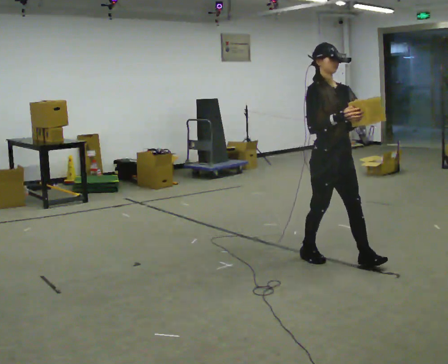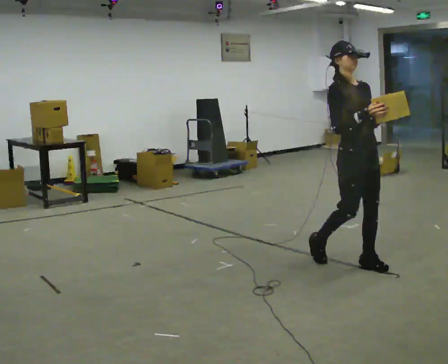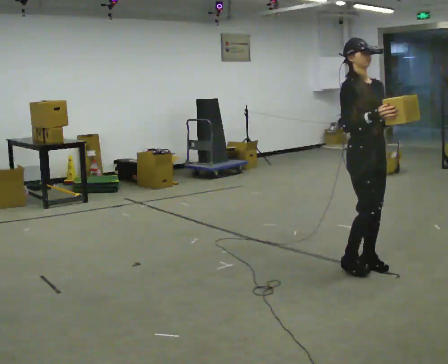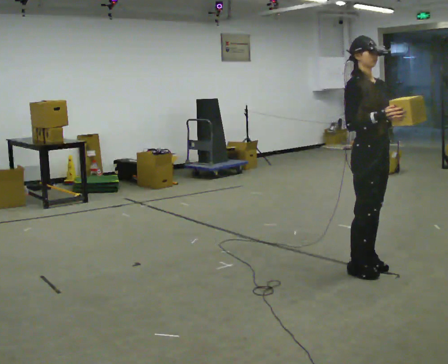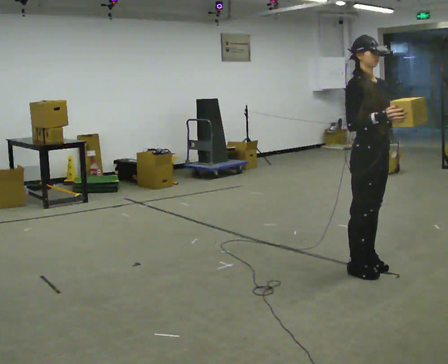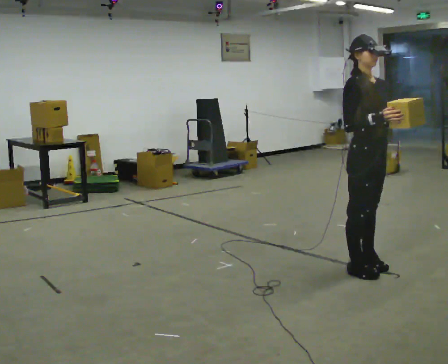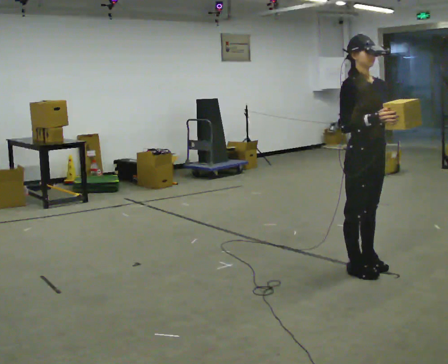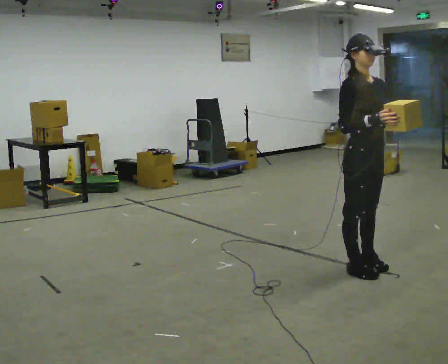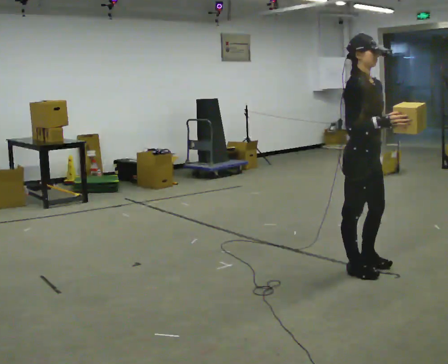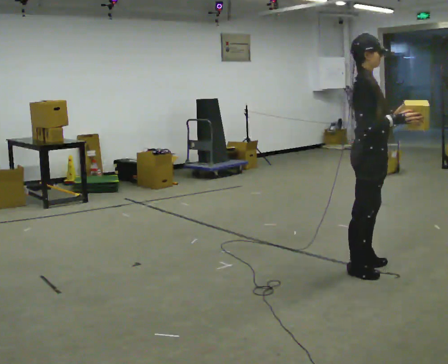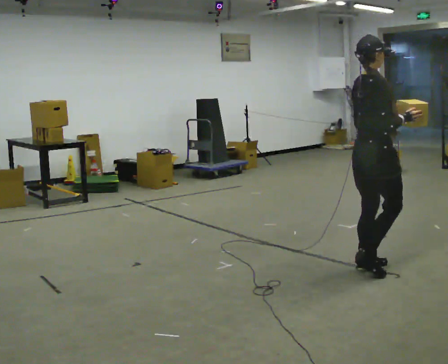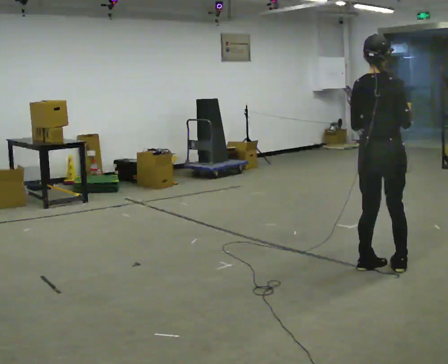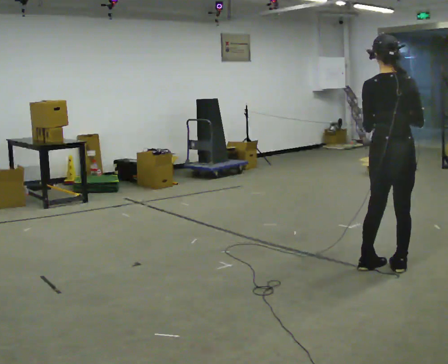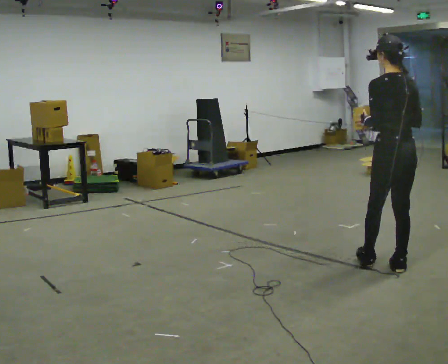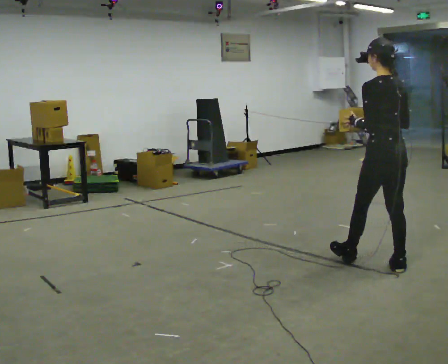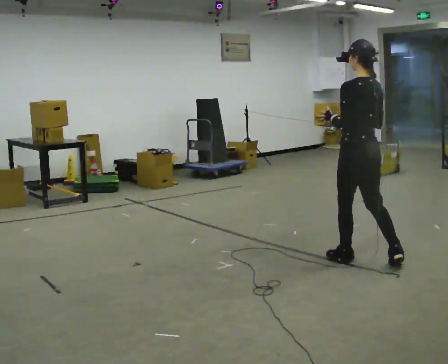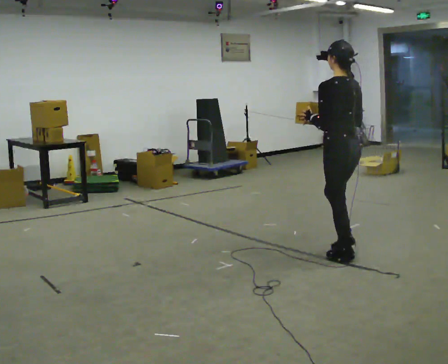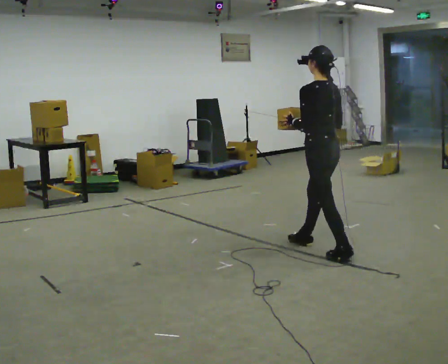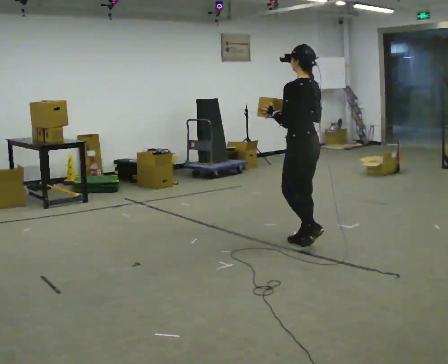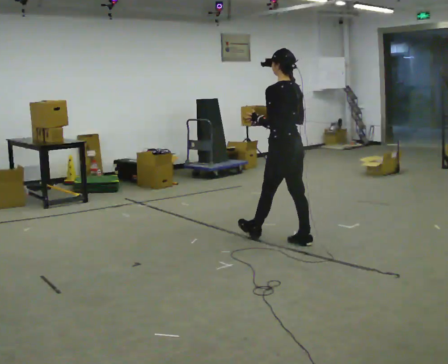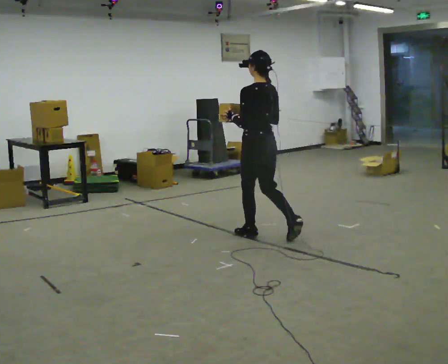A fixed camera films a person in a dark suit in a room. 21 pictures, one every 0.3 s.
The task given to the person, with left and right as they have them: Carry the light box in both hands in front of you, walking back and forth across the room. Keep walking until the operator says stop.
0.0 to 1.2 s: In the picture they go to the right and toward the camera, about 0.25 m in 1 step, which for them is forward.
1.2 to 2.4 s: The person moves a little, or ends about where they began.
2.4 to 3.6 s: The part of the body nearest the lens slides to the right as the person turns to their left by about 120 degrees. In the picture they go to the right, about 0.25 m in 1 step.
3.6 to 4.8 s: The person turns about 45 degrees to their left, counterclockwise seen from above, so the part of the body nearest the lens slides to the right. In the picture they go to the left and away from the camera, about 0.5 m in 1 step, which for them is forward.
4.8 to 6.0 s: In the picture they go to the left and away from the camera, about 1 m in 2 steps, which for them is forward.
The film runs forward here.
